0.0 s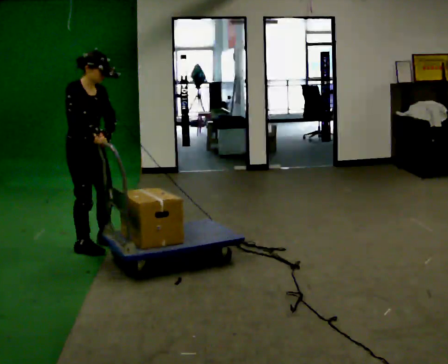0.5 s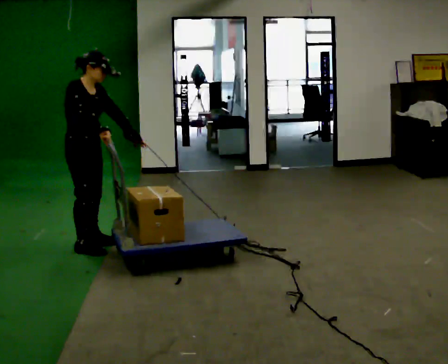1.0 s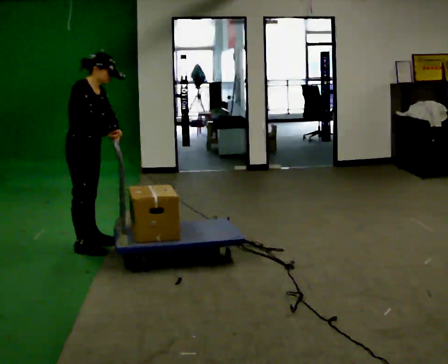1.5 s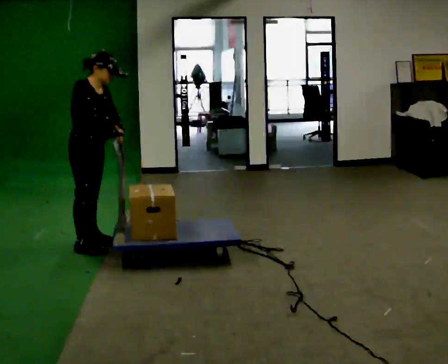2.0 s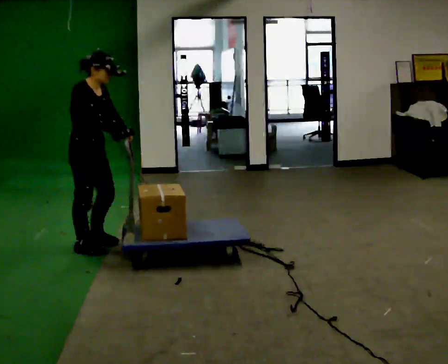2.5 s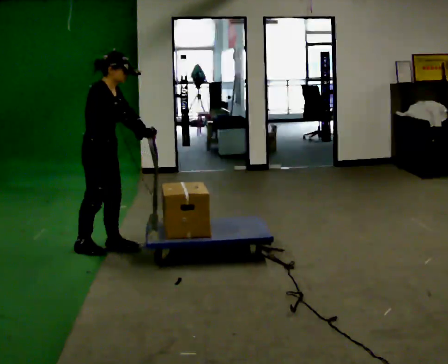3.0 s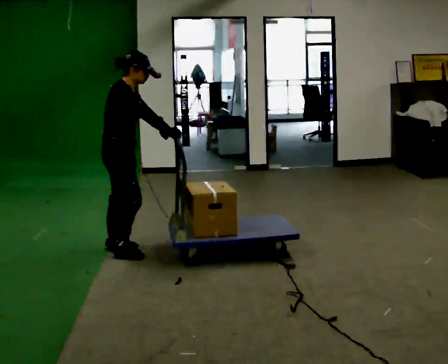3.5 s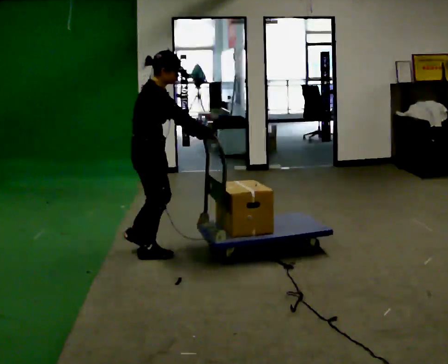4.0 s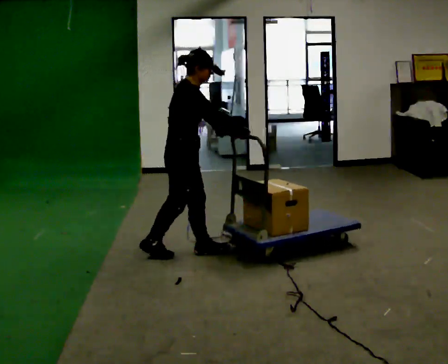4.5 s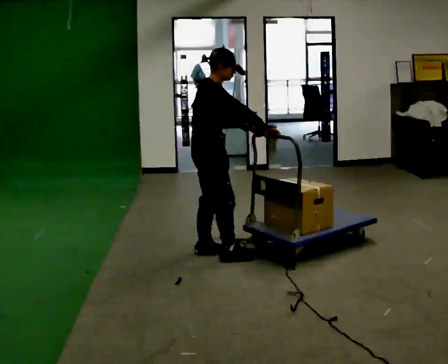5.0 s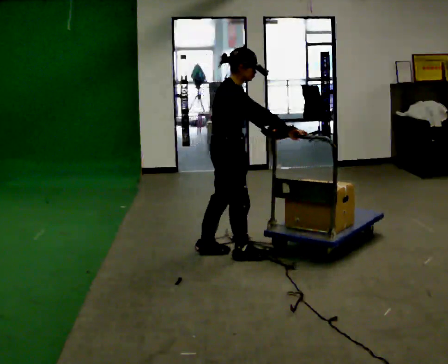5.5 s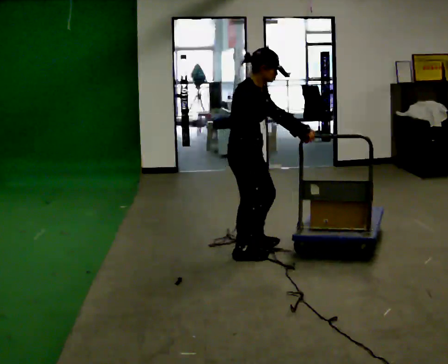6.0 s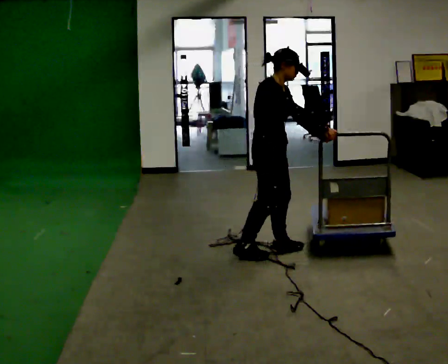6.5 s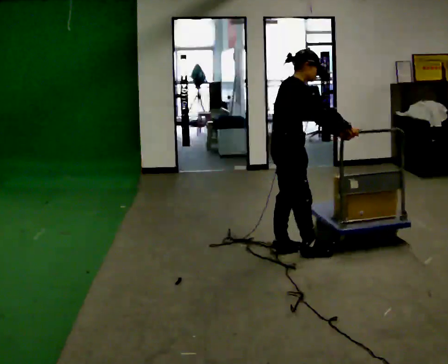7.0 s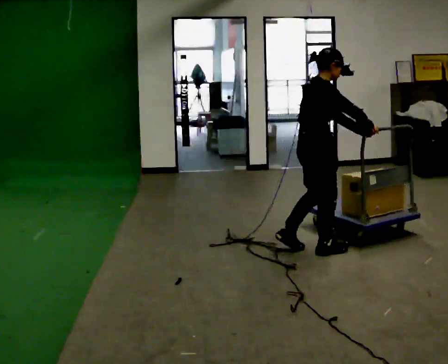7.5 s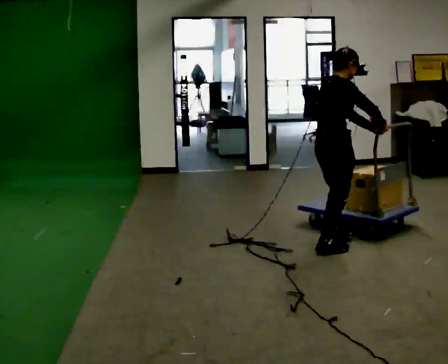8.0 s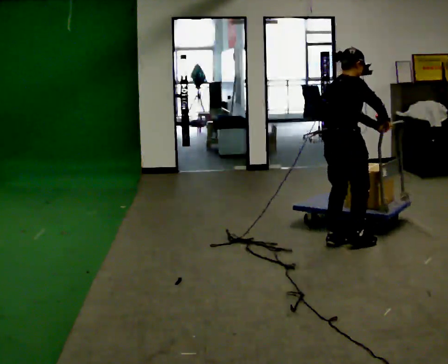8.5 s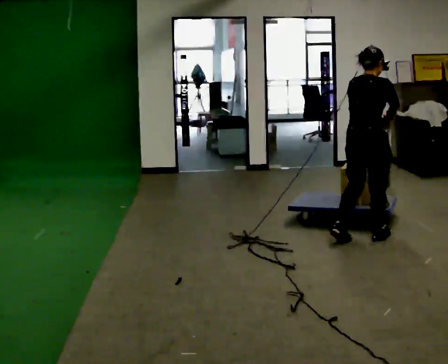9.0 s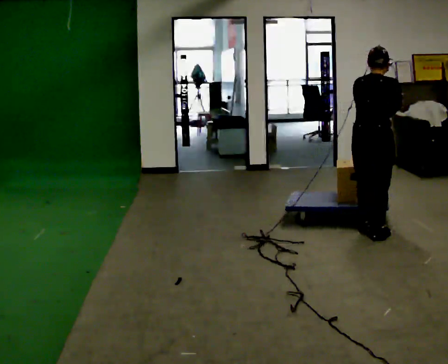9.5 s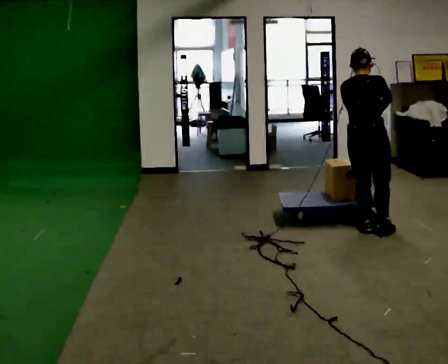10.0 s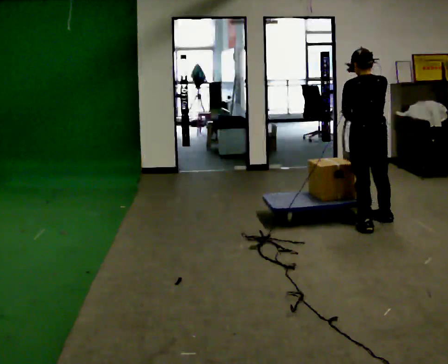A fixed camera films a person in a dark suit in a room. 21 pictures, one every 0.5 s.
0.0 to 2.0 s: The person moves a little, or ends about where they began.
2.0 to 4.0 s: In the picture they go to the right, about 0.5 m in 3 steps, which for them is forward.
4.0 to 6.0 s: In the picture they go to the right, about 0.5 m in 2 steps, which for them is forward.
6.0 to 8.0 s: The part of the body nearest the lens slides to the right as the person turns to their left by about 45 degrees. In the picture they go to the right, about 0.5 m in 2 steps, which for them is forward.
8.0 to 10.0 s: Seen from above the body turns counterclockwise, about 75 degrees: to their left, with its near side sliding to the right. In the picture they go away from the camera and to the right, about 0.5 m in 2 steps.
The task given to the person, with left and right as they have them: Push the cart across the room and back. The operator will change how much is loaded on it between takes and will tell you each time.
The film runs forward here.
